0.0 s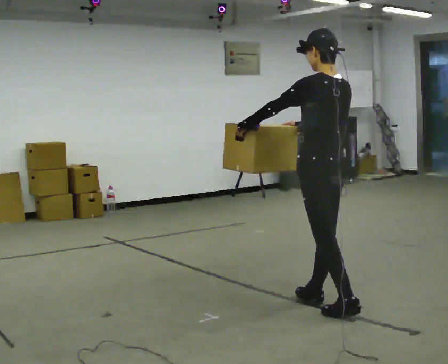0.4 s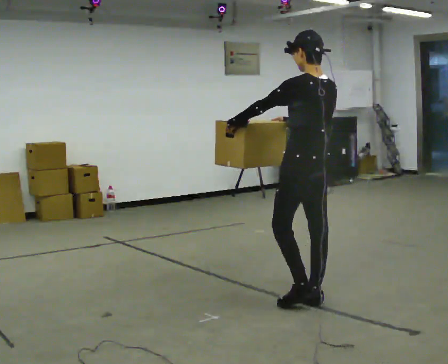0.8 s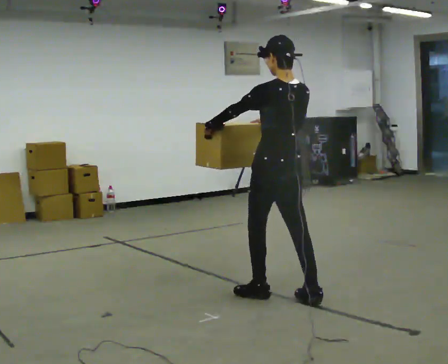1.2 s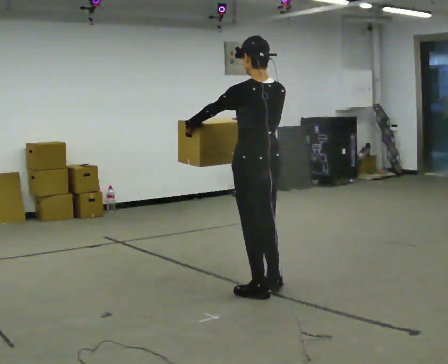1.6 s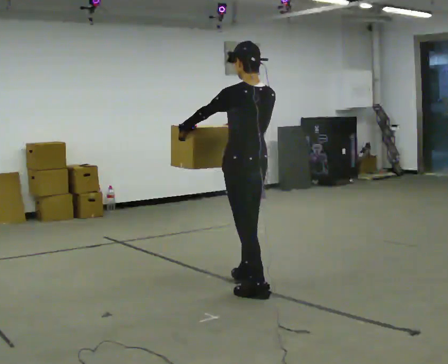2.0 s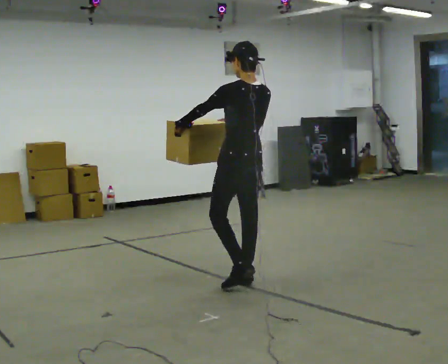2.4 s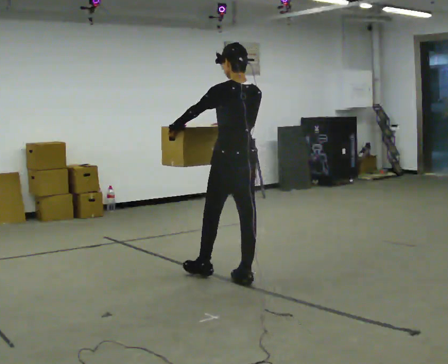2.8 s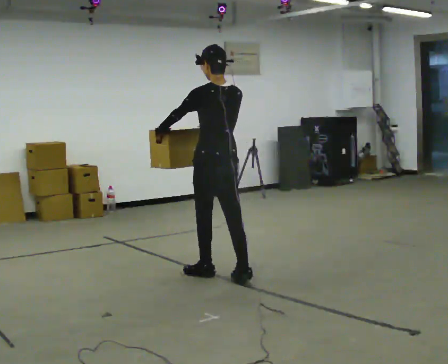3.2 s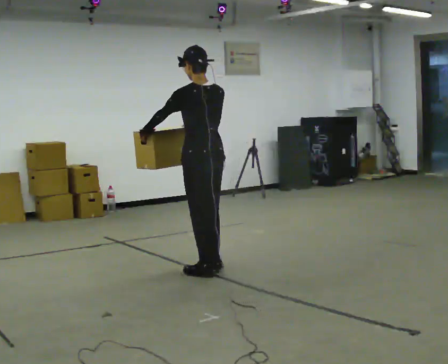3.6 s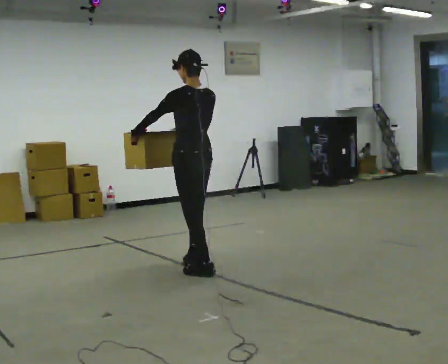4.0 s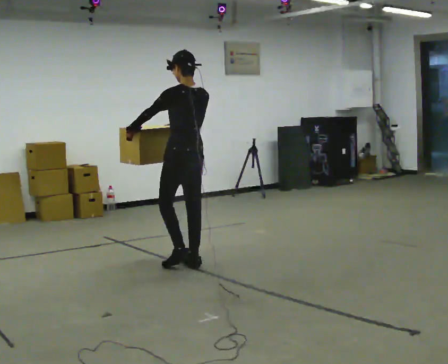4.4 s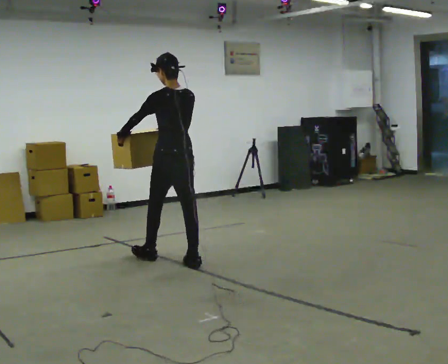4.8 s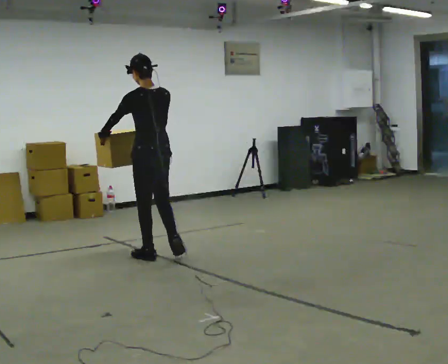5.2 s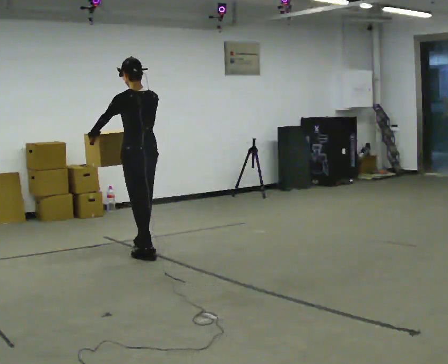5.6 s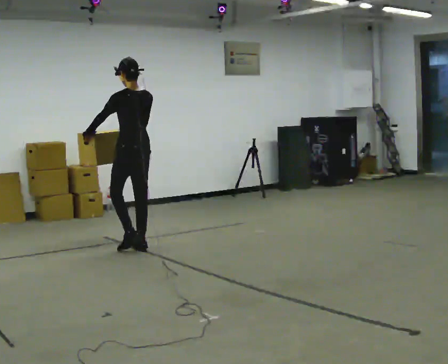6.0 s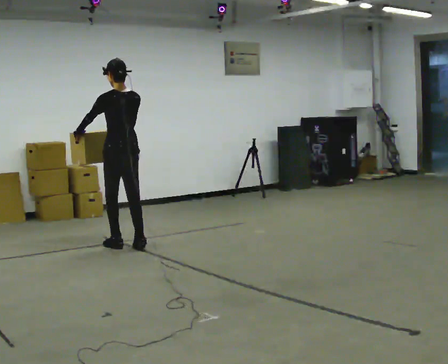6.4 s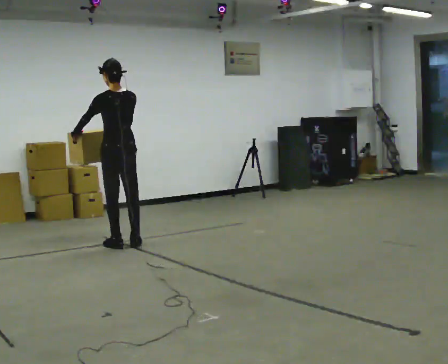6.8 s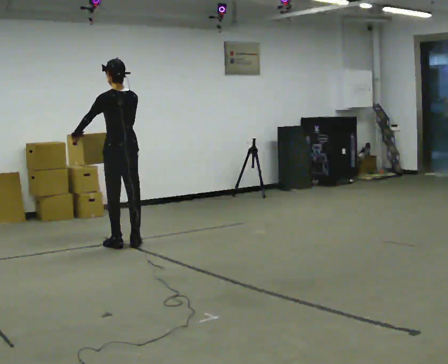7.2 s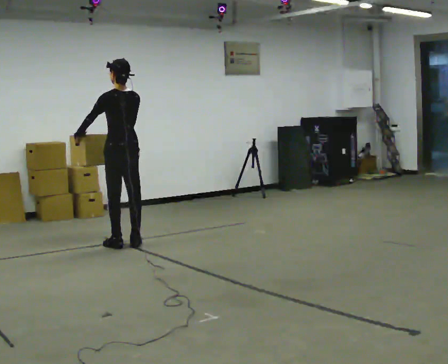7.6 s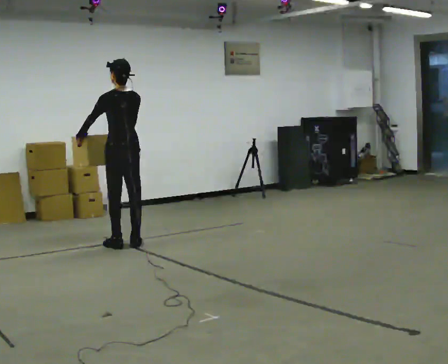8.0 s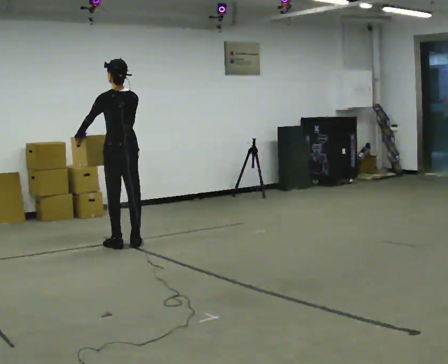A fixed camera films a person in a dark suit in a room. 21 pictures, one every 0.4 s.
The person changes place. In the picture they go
away from the camera.
0.0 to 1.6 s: In the picture they go away from the camera and to the left, about 0.75 m in 2 steps, which for them is forward.
1.6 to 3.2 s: In the picture they go away from the camera and to the left, about 0.5 m in 1 step, which for them is forward.
3.2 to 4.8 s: In the picture they go away from the camera and to the left, about 0.75 m in 2 steps, which for them is forward.
4.8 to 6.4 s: In the picture they go away from the camera and to the left, about 0.5 m in 3 steps, which for them is forward.
6.4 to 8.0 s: The person moves a little, or ends about where they began.
The film runs forward here.
